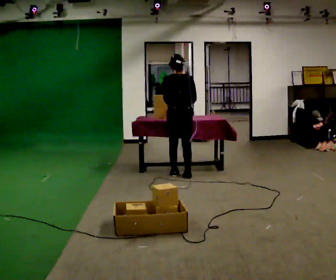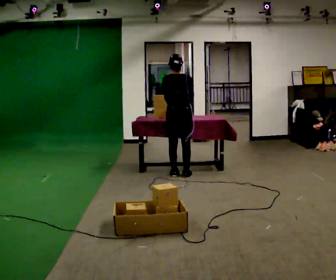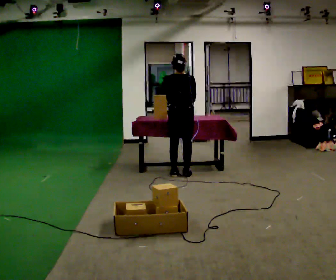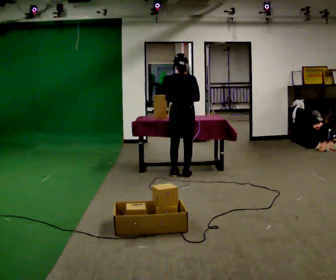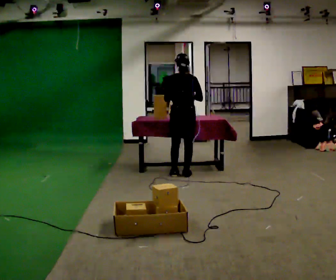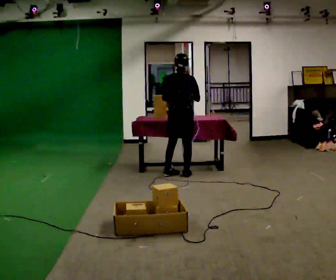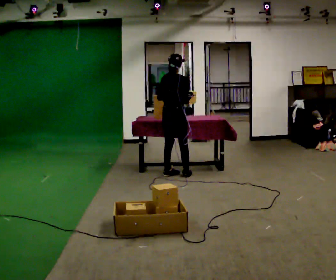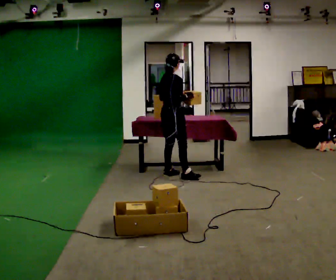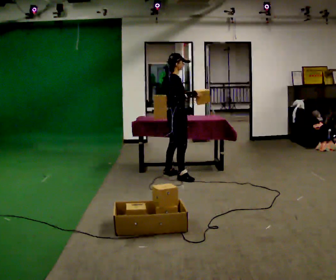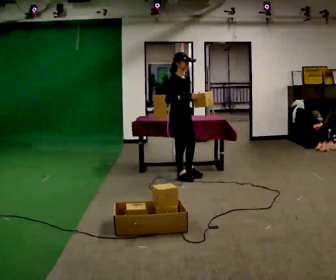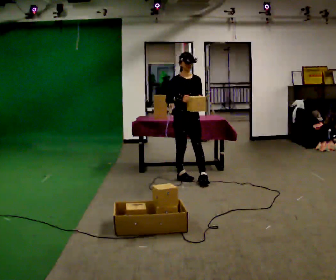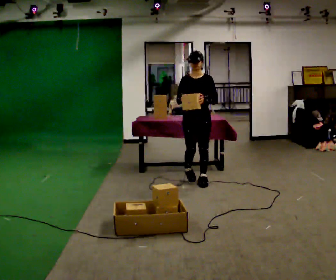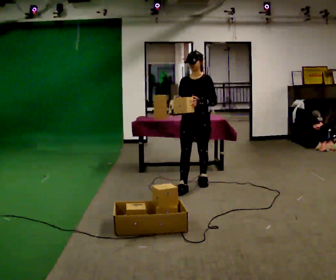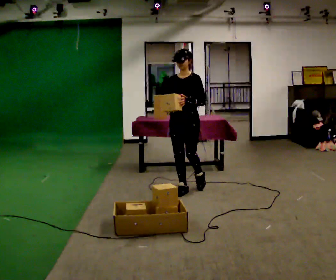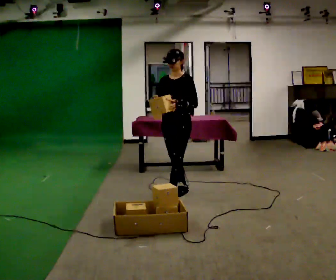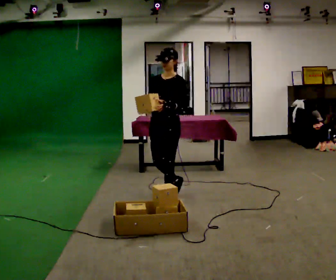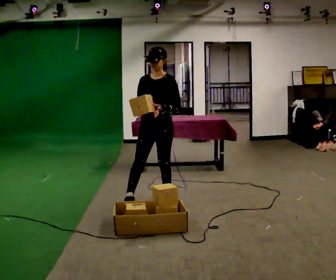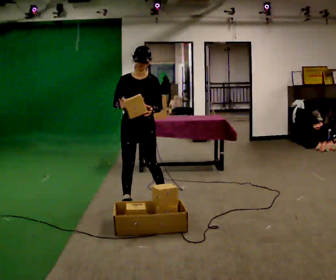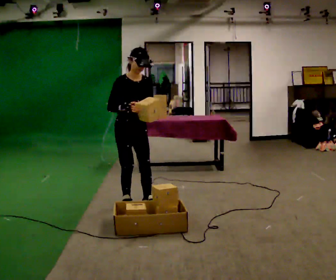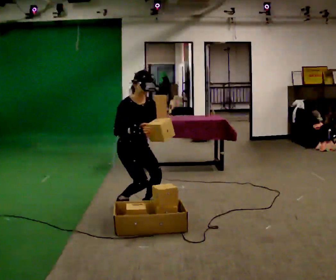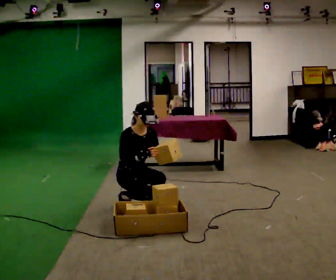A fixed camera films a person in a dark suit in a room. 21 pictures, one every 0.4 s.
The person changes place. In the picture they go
toward the camera.
The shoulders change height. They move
downward.
0.0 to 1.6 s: The person moves a little, or ends about where they began.
1.6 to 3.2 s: The part of the body nearest the lens slides to the left as the person turns to their right by about 90 degrees.
3.2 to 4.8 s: Seen from above the body turns clockwise, about 105 degrees: to their right, with its near side sliding to the left. In the picture they go toward the camera and to the right, about 0.5 m in 2 steps.
4.8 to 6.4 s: In the picture they go toward the camera and to the left, about 0.5 m in 1 step, which for them is forward.
6.4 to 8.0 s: Seen from above the body turns counterclockwise, about 60 degrees: to their left, with its near side sliding to the right. In the picture they go to the left, about 0.25 m in 2 steps. The upper body goes downward. In the picture their right hand goes downward.
The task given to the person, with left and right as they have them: Carry the object across the room, open the lid of the container, put the object inside, and close the lid again. Then go back for the next one. Keep going until the operator says stop; one object at a time, and do not rush between trips.
The film runs forward here.
